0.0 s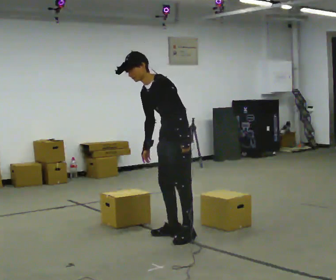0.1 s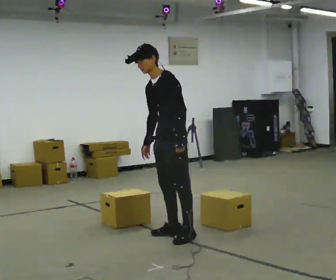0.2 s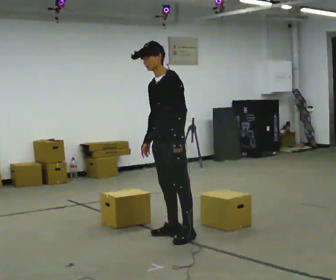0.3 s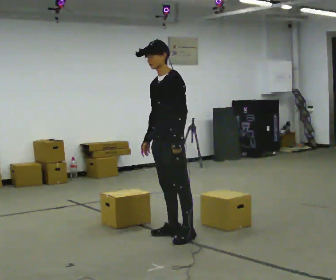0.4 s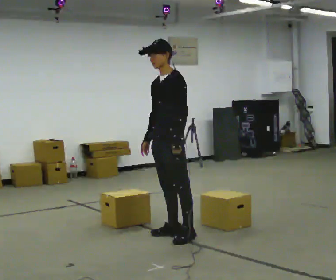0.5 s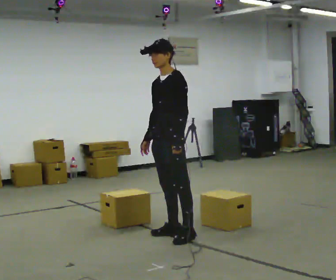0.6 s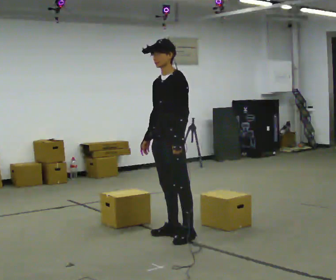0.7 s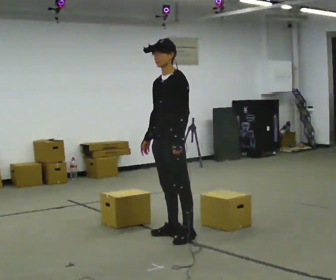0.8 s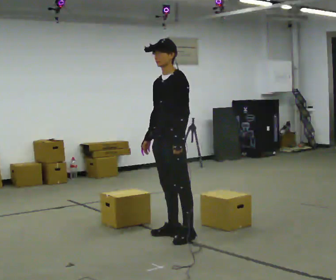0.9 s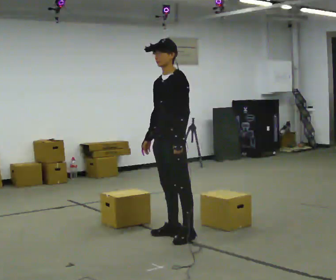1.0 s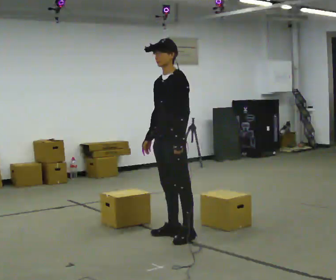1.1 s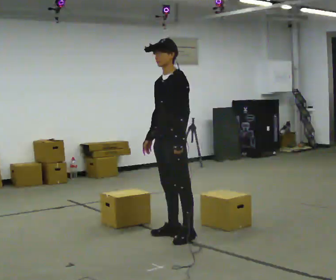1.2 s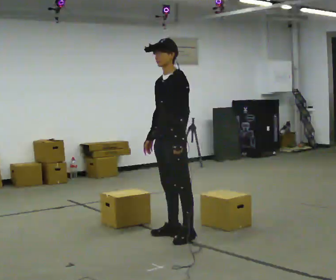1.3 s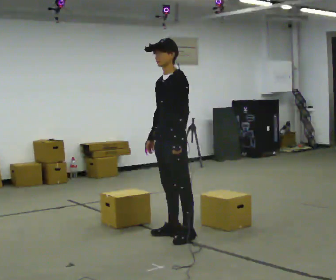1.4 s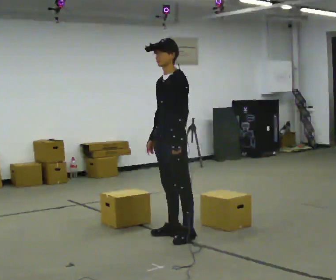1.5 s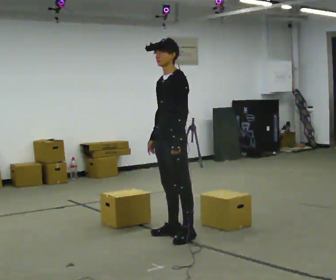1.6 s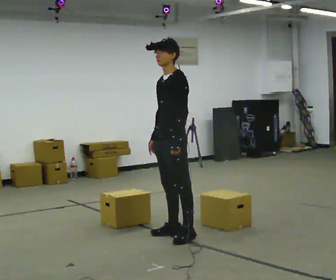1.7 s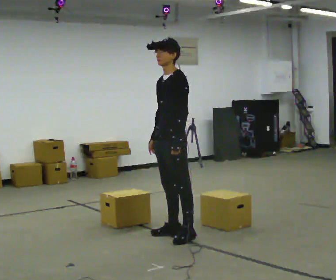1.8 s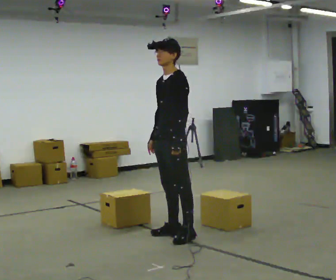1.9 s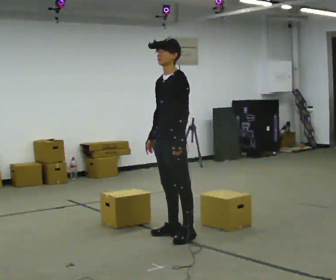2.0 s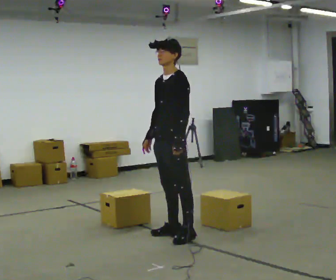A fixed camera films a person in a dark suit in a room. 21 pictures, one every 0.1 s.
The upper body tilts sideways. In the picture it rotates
clockwise.
0.0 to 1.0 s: In the picture the upper body tilts clockwise, shoulders to the right, as they lean back or straighten.
1.0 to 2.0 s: The person moves a little, or ends about where they began.
The film runs backward here.
